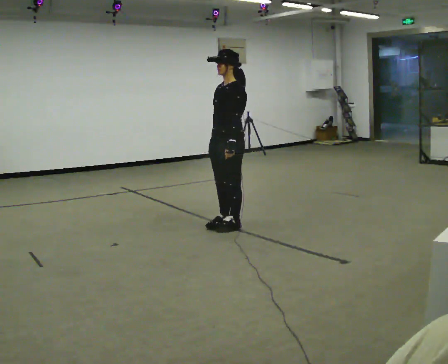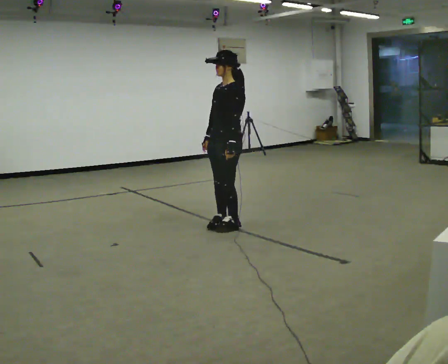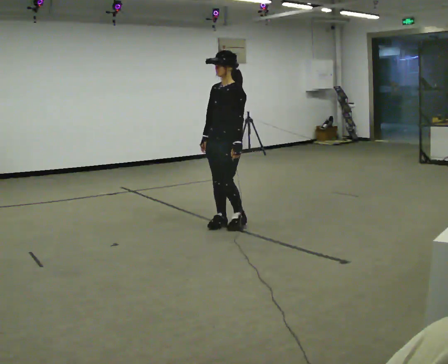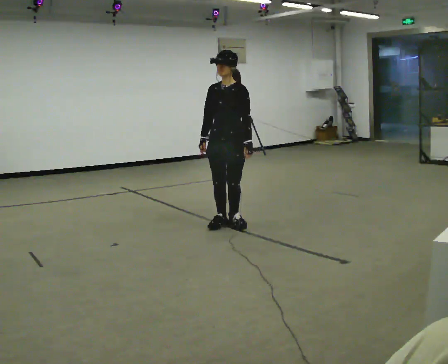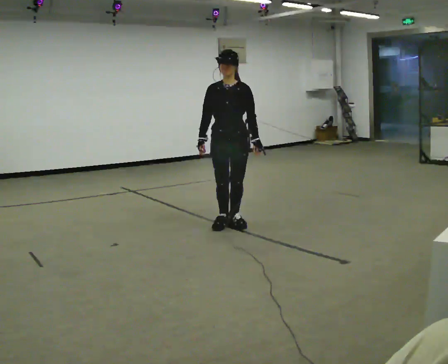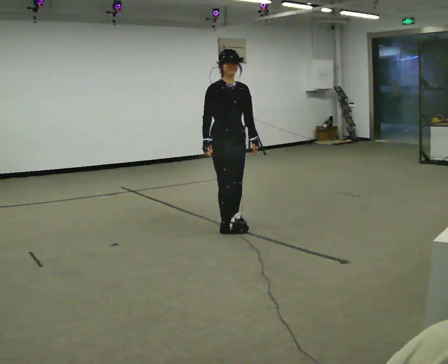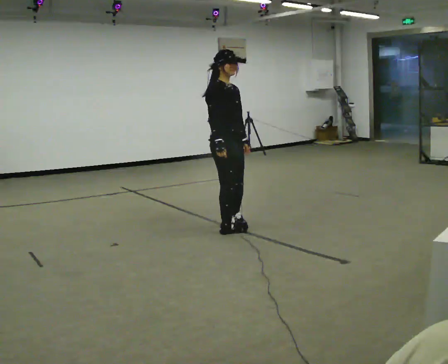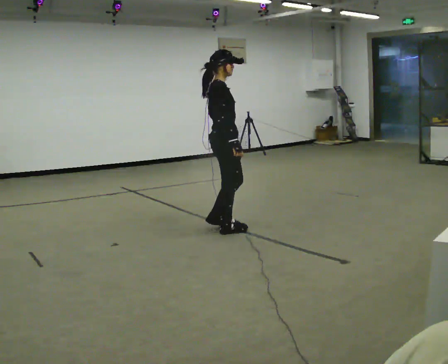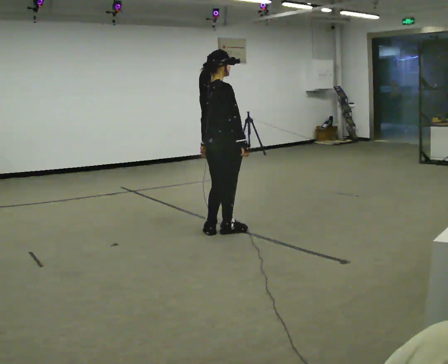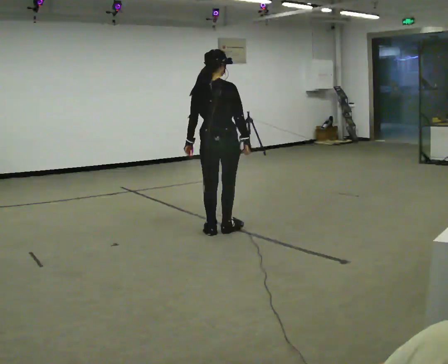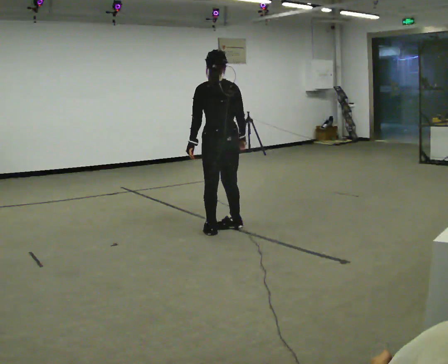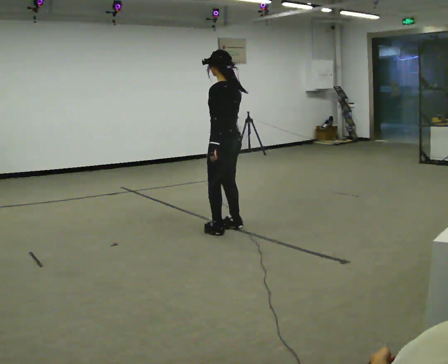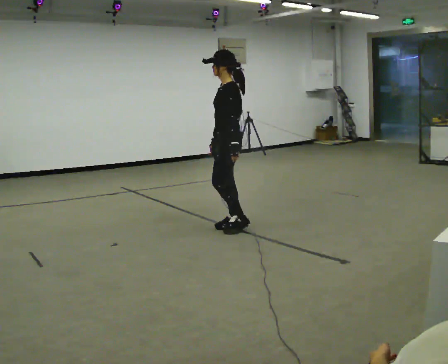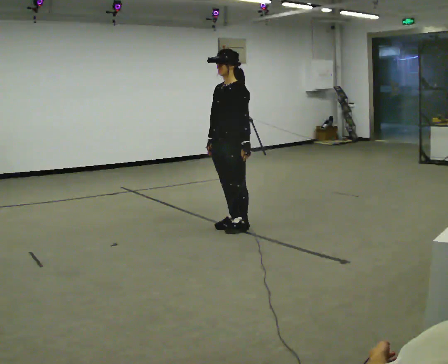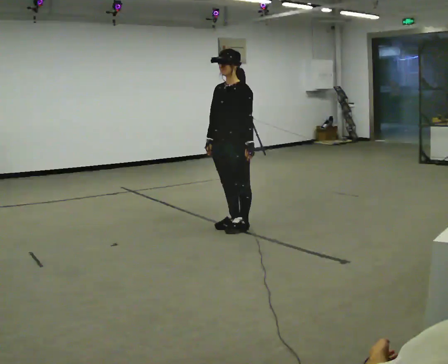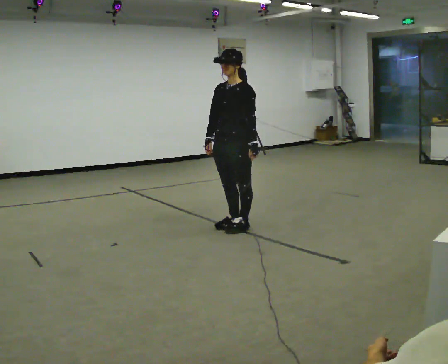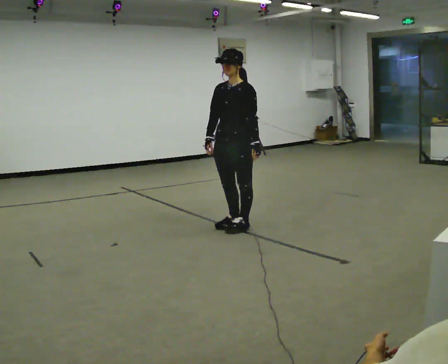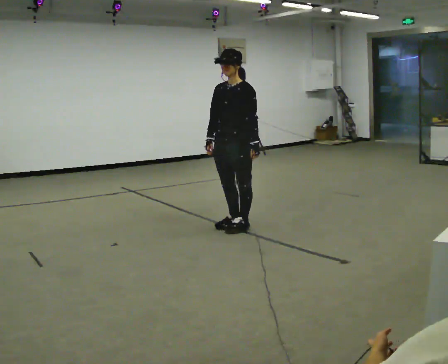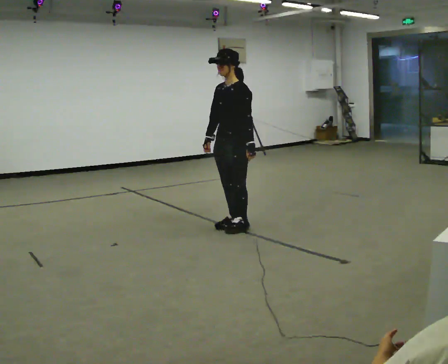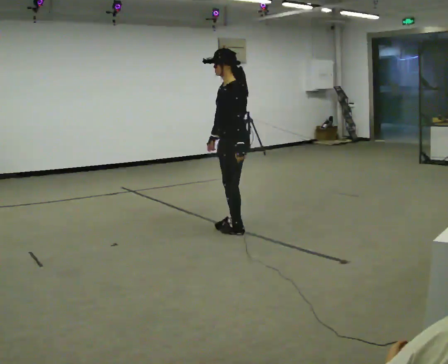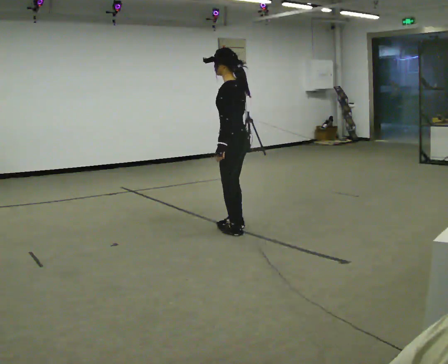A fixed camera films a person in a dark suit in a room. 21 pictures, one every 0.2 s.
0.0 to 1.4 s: Seen from above the body turns counterclockwise, about 150 degrees: to their left, with its near side sliding to the right.
1.4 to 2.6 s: Seen from above the body turns counterclockwise, about 210 degrees: to their left, with its near side sliding to the right.
2.6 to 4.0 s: Seen from above the body turns clockwise, about 45 degrees: to their right, with its near side sliding to the left.
The film runs backward here.
